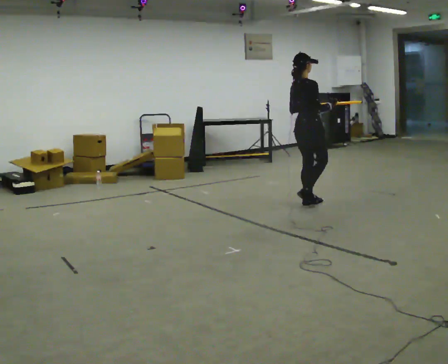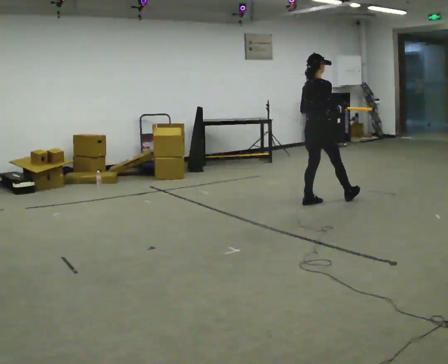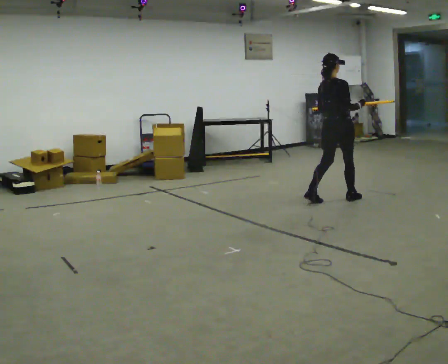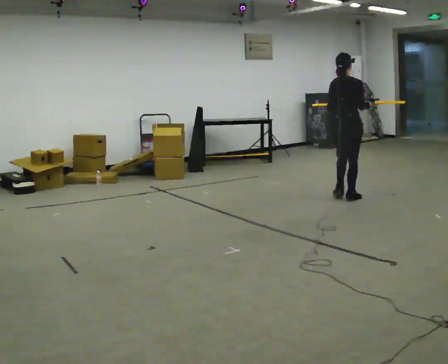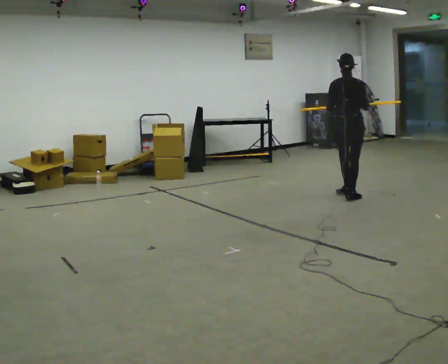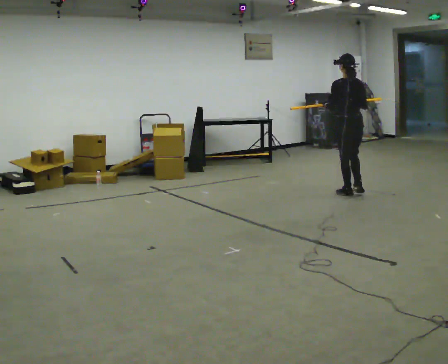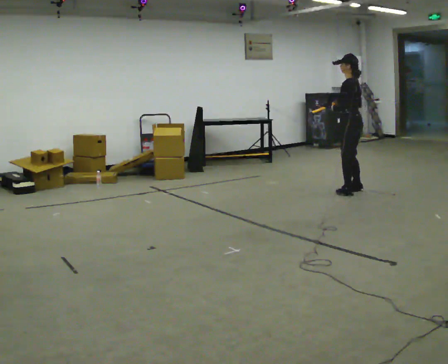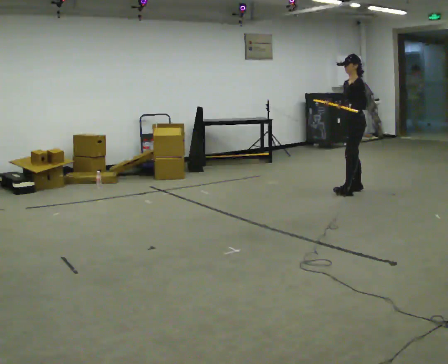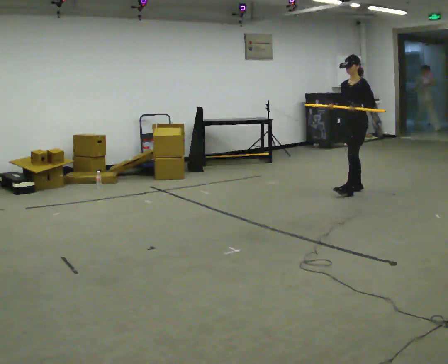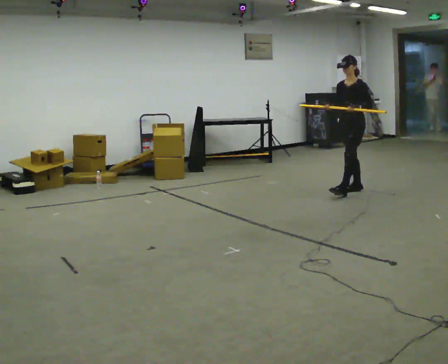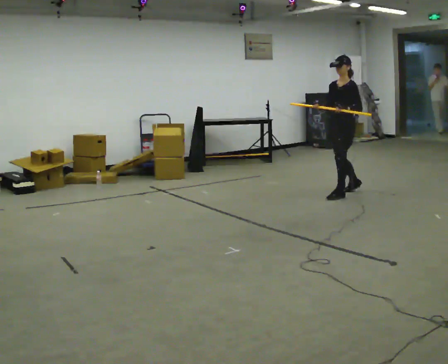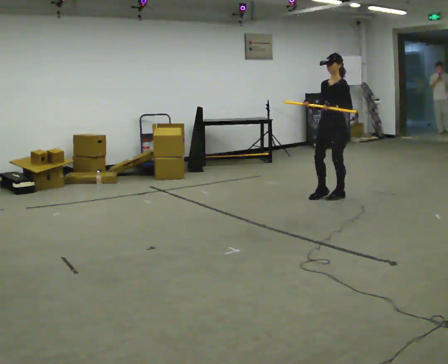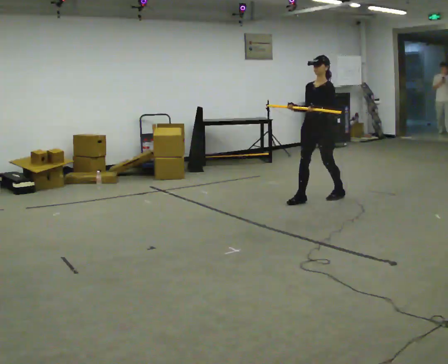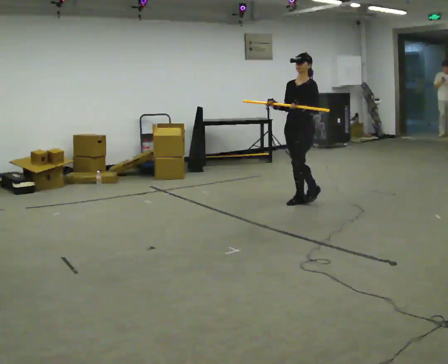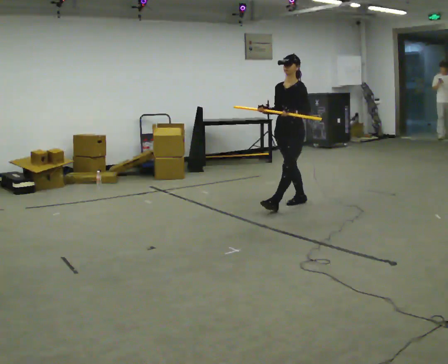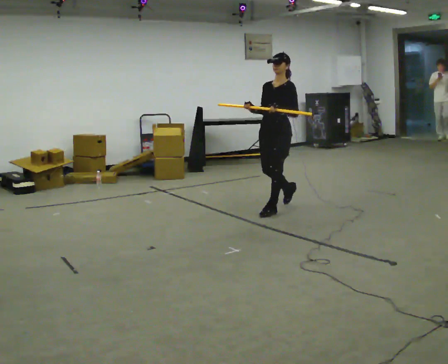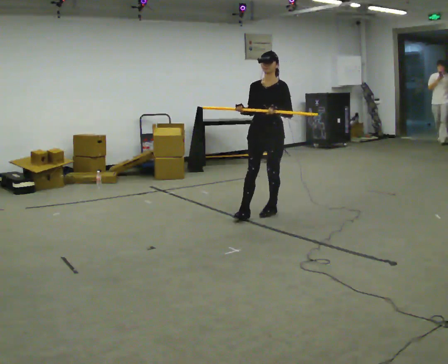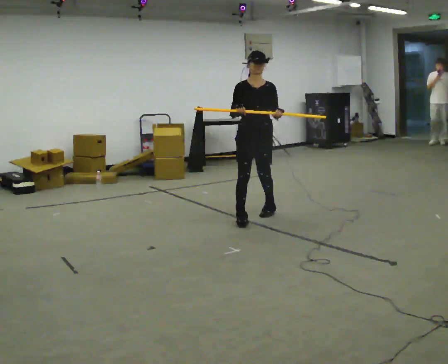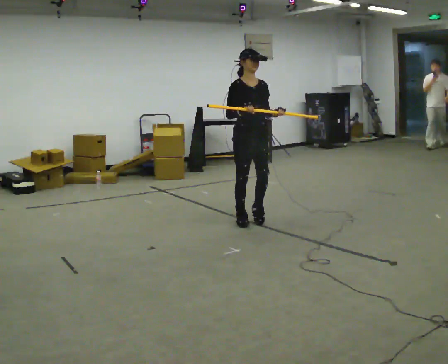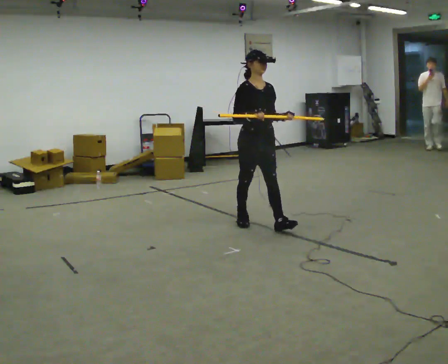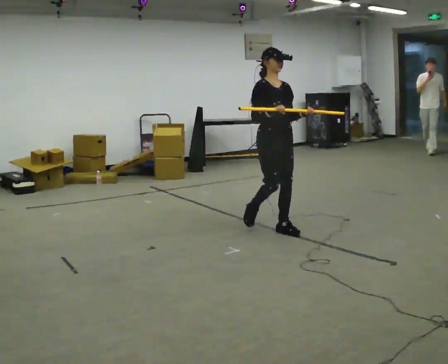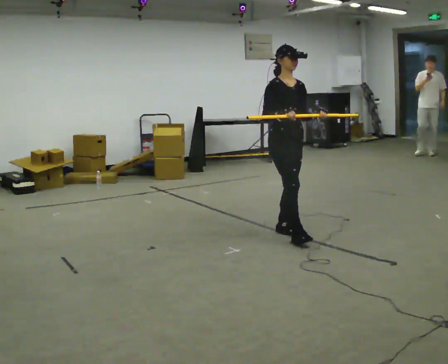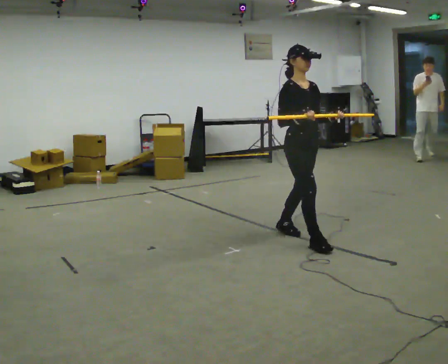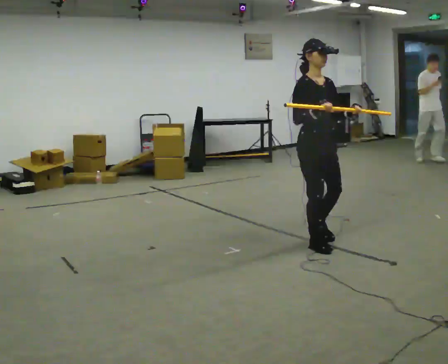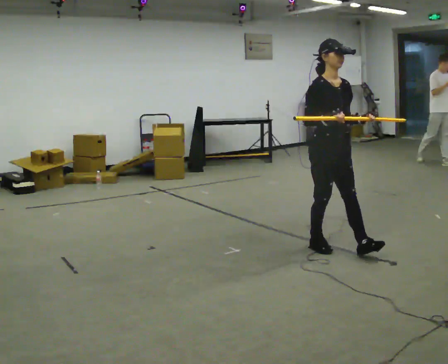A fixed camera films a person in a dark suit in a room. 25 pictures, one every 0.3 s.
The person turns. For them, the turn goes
to their left.
The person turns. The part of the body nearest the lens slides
to the right.
0.0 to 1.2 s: The part of the body nearest the lens slides to the right as the person turns to their left by about 45 degrees. In the picture they go to the right and away from the camera, about 0.5 m in 2 steps, which for them is forward.
1.2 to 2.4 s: The part of the body nearest the lens slides to the right as the person turns to their left by about 135 degrees. In the picture they go away from the camera, about 0.25 m in 1 step.
2.4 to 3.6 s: In the picture they go to the left and toward the camera, about 0.75 m in 1 step, which for them is forward.
3.6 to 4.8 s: Seen from above the body turns counterclockwise, about 30 degrees: to their left, with its near side sliding to the right. In the picture they go toward the camera and to the left, about 1 m in 1 step, which for them is forward.
4.8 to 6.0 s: Seen from above the body turns counterclockwise, about 60 degrees: to their left, with its near side sliding to the right. In the picture they go toward the camera, about 0.5 m in 2 steps, which for them is forward.
6.0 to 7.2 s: In the picture they go toward the camera and to the right, about 0.5 m in 1 step, which for them is forward.
The film runs forward here.
